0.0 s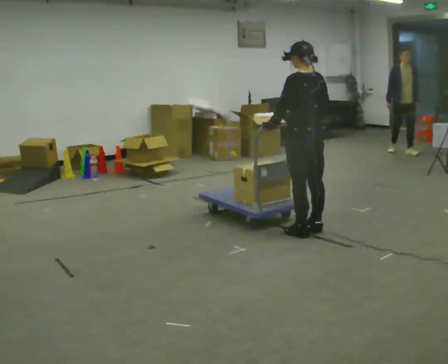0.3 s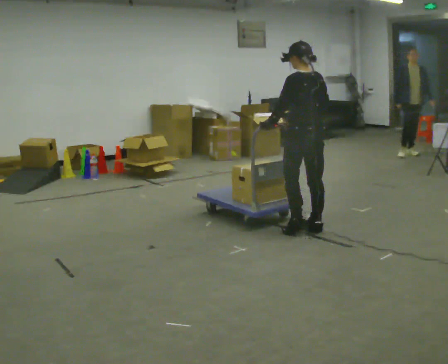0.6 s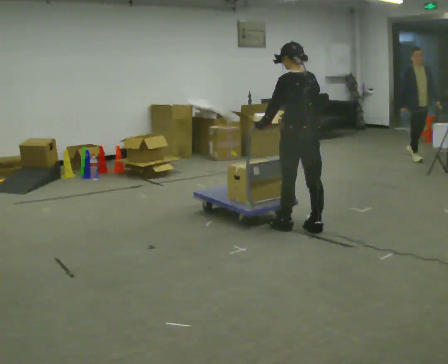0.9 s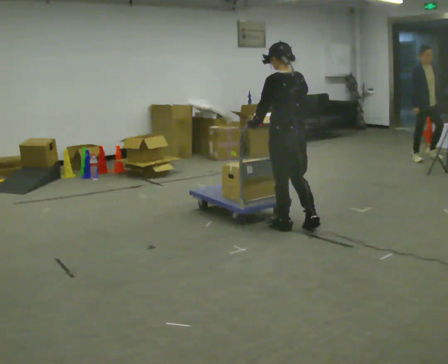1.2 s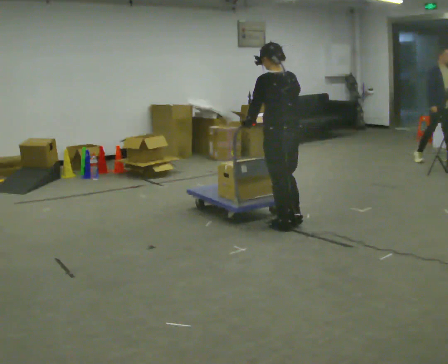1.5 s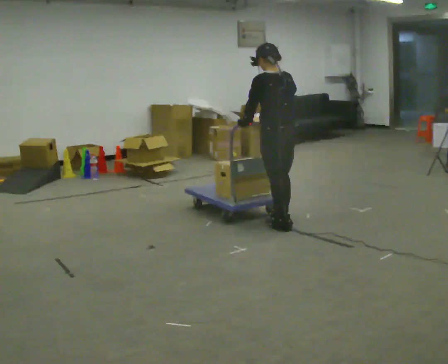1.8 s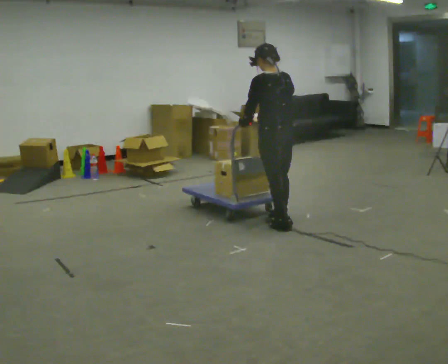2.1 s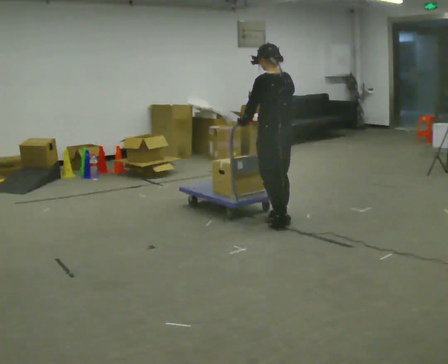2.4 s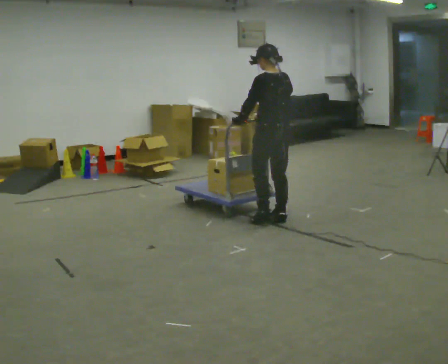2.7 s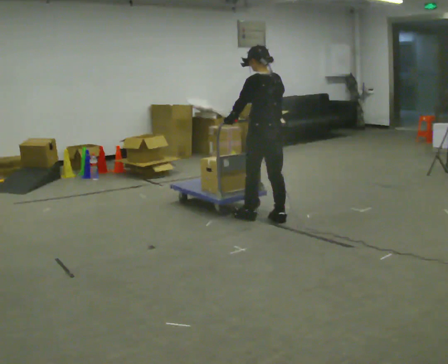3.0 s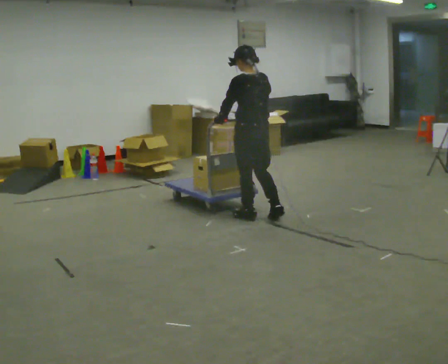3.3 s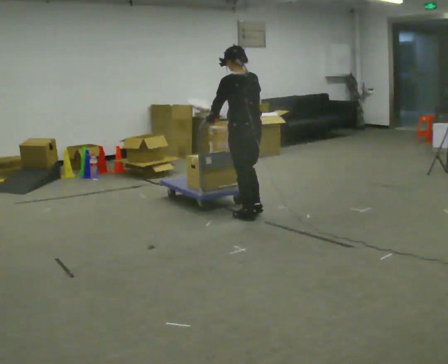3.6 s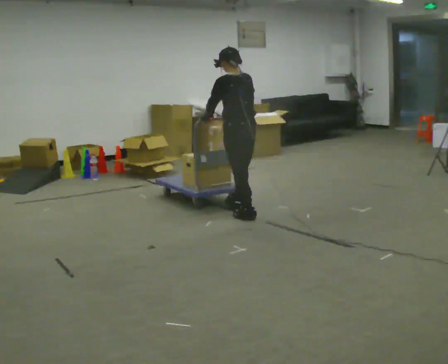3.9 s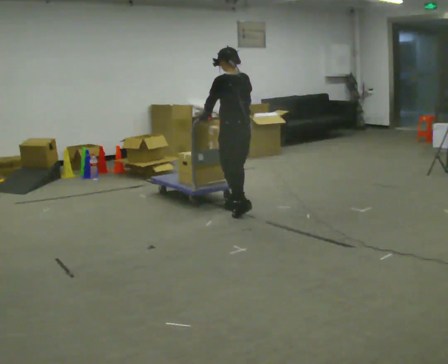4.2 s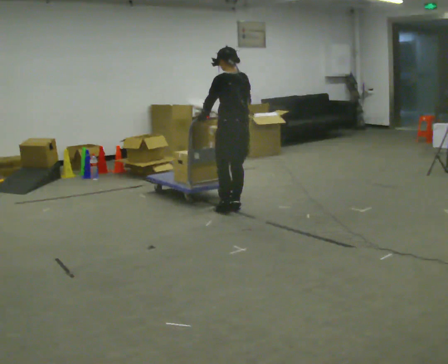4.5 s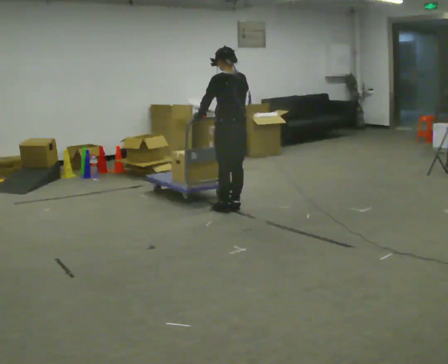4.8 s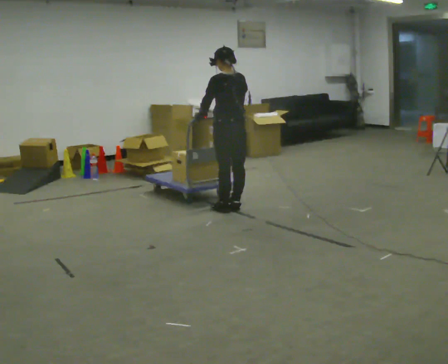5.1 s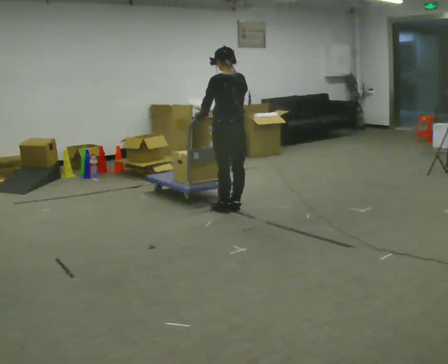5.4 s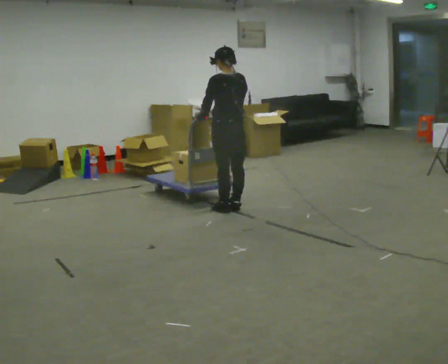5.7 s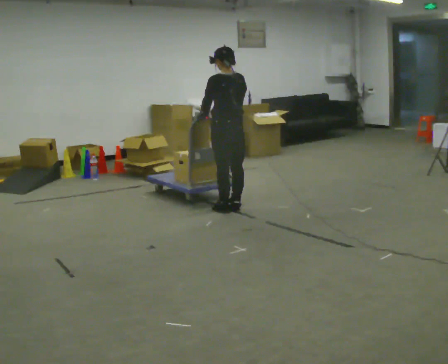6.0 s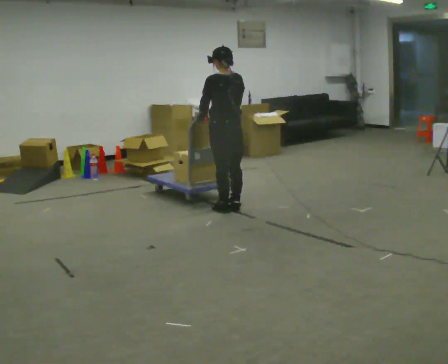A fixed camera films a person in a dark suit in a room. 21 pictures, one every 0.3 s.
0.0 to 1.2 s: In the picture they go to the left, about 0.25 m in 1 step, which for them is forward.
1.2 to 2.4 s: In the picture they go away from the camera, about 0.25 m in 1 step, which for them is forward.
2.4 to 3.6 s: In the picture they go to the left and away from the camera, about 0.25 m in 2 steps, which for them is forward.
3.6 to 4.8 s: In the picture they go away from the camera, about 0.25 m in 1 step, which for them is forward.
4.8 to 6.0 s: The person moves a little, or ends about where they began.
The film runs forward here.
